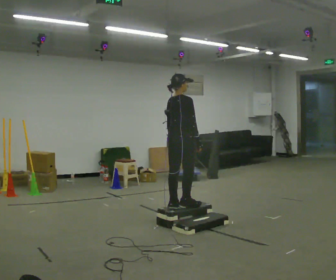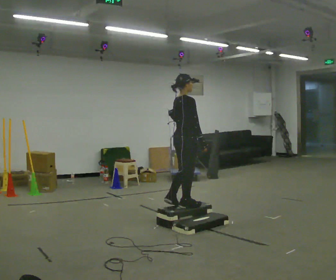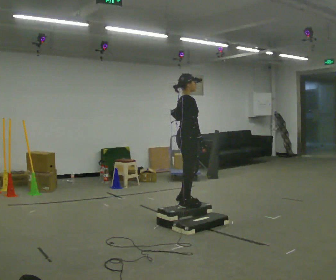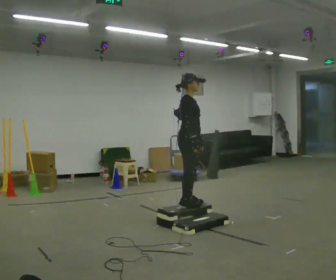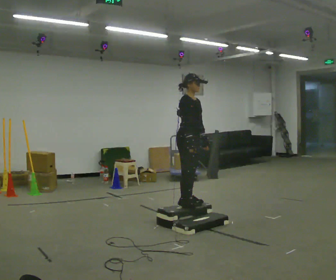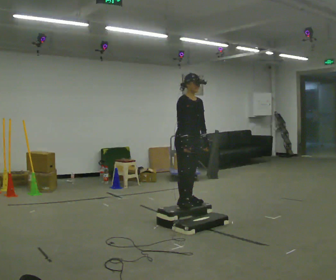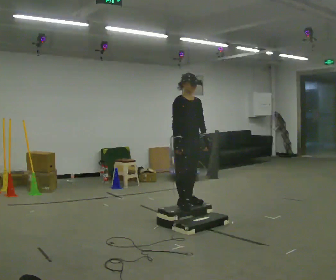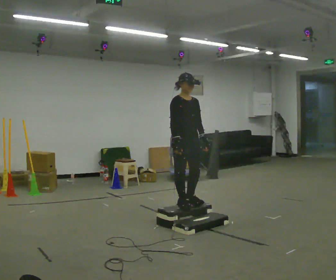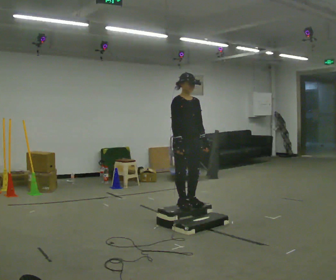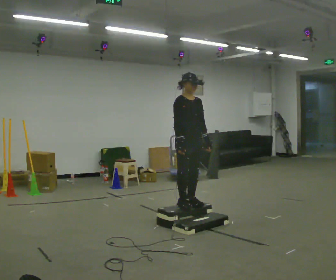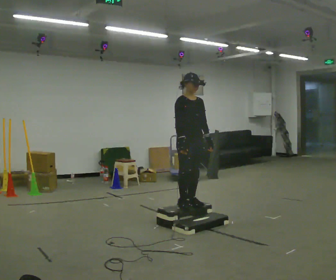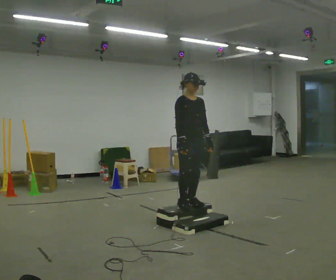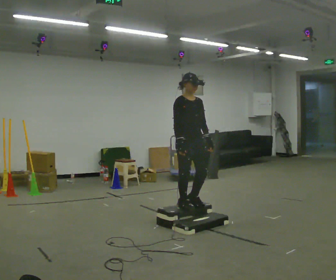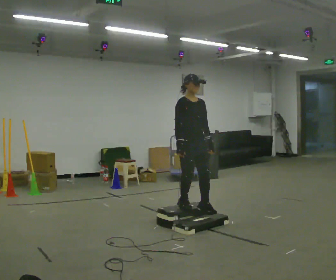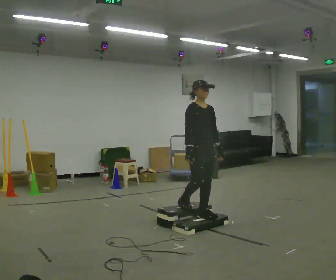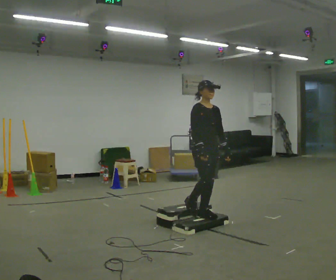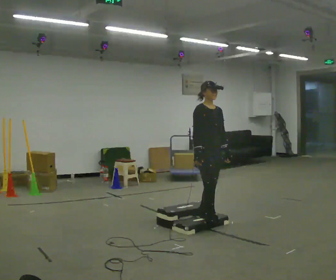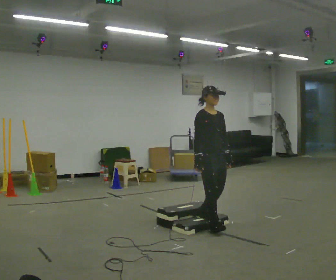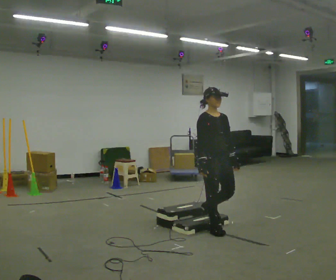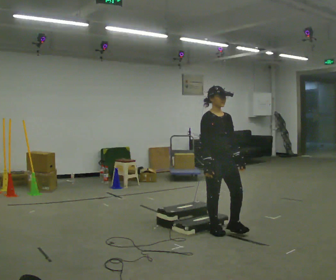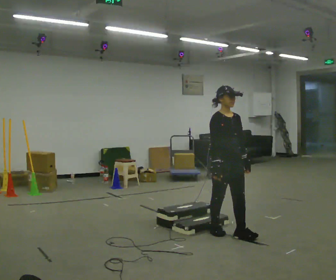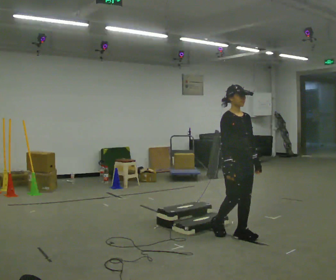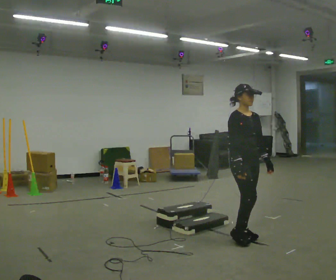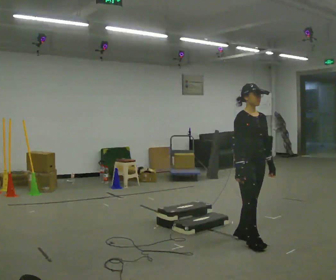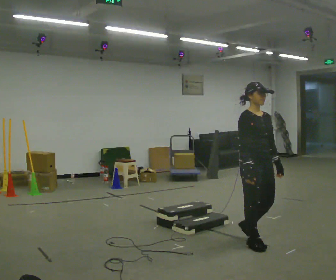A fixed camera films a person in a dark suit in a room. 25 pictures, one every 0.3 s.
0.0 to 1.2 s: The part of the body nearest the lens slides to the left as the person turns to their right by about 75 degrees. In the picture their left hand goes to the right.
1.2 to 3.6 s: In the picture they go toward the camera, about 0.25 m, which for them is forward.
3.6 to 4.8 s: In the picture they go to the right, about 0.25 m in 1 step, which for them is forward.
4.8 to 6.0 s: In the picture they go toward the camera and to the right, about 0.5 m in 2 steps, which for them is forward.
6.0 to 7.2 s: In the picture they go toward the camera and to the right, about 0.5 m in 1 step, which for them is forward.
The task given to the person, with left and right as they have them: Walk up the three steps, turn at the top, and walk back down at a comfortable speed. Use the handrail only if you need it.
The film runs forward here.
